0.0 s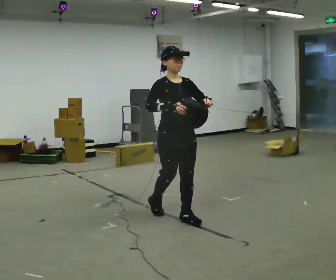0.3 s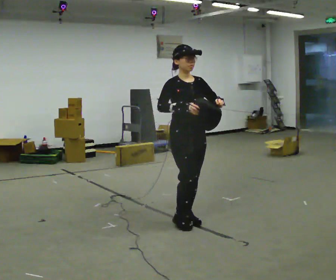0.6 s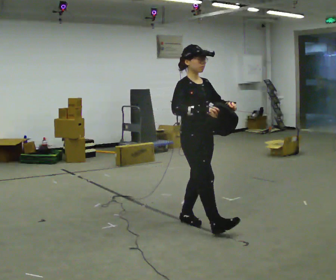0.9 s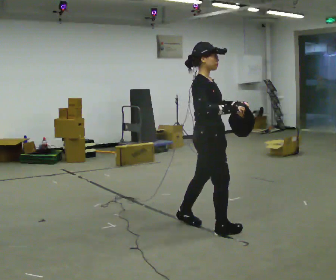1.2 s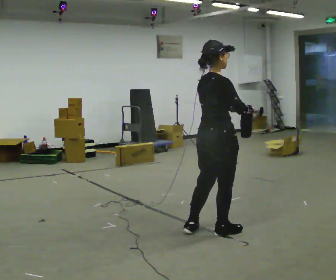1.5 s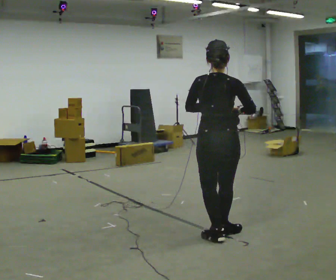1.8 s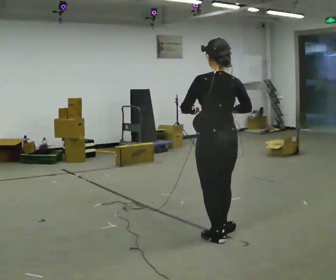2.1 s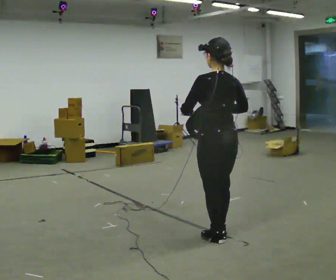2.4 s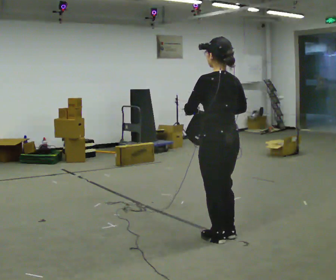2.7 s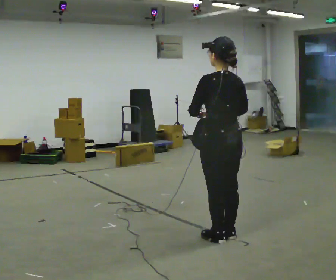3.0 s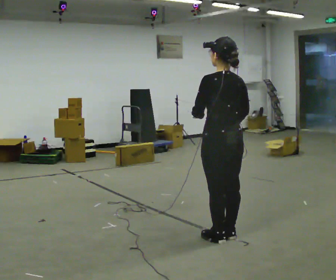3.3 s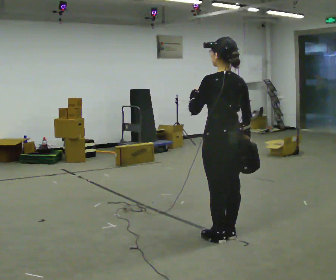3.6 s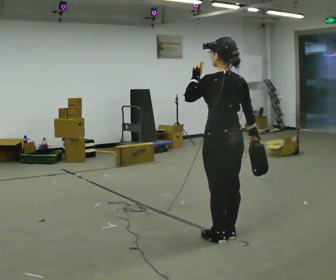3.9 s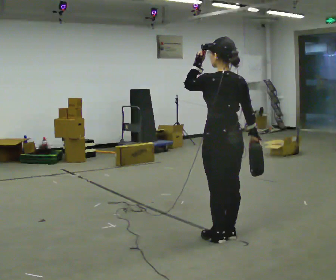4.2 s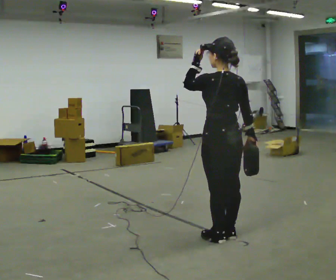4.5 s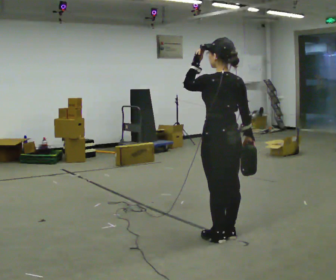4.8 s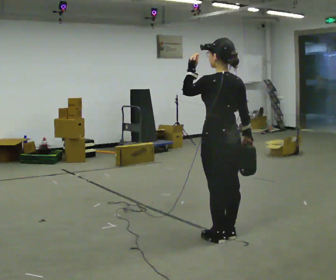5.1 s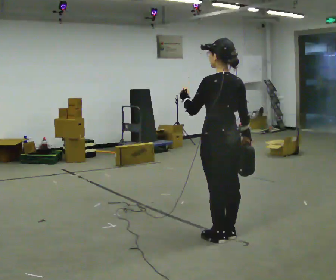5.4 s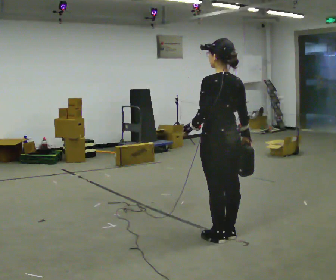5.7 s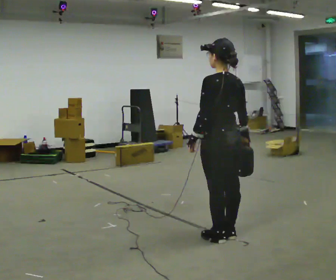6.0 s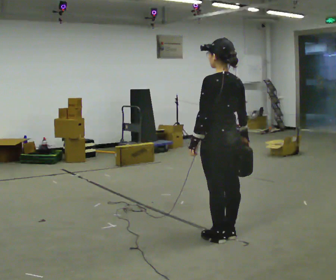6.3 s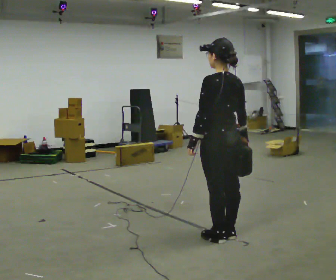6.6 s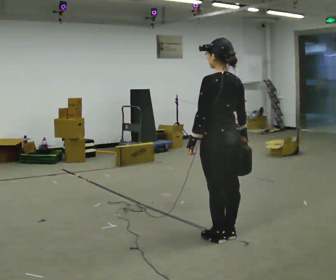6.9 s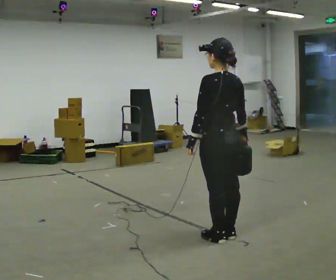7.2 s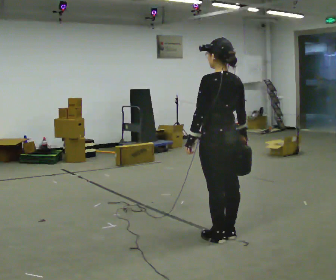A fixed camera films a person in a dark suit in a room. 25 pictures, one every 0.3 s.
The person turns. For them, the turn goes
to their left.
The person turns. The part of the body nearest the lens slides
to the right.
0.0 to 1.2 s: Seen from above the body turns counterclockwise, about 105 degrees: to their left, with its near side sliding to the right. In the picture they go to the right and toward the camera, about 0.5 m in 1 step.
1.2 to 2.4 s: The person turns about 90 degrees to their left, counterclockwise seen from above, so the part of the body nearest the lens slides to the right. In the picture they go toward the camera, about 0.25 m in 2 steps.
2.4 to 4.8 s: The person moves a little, or ends about where they began.
4.8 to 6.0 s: In the picture their left hand goes downward.
6.0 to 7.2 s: The person moves a little, or ends about where they began.
The film runs forward here.
